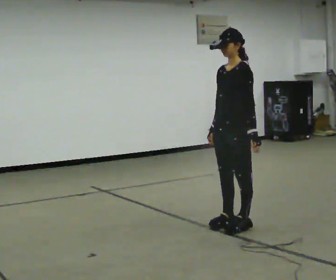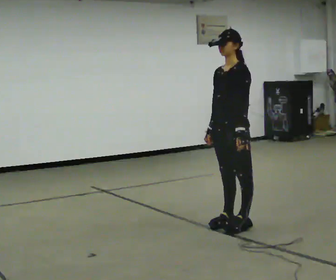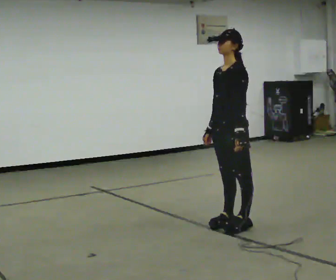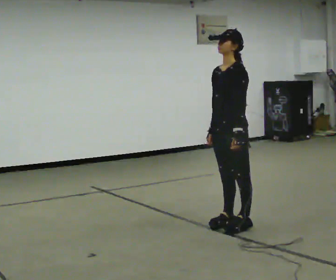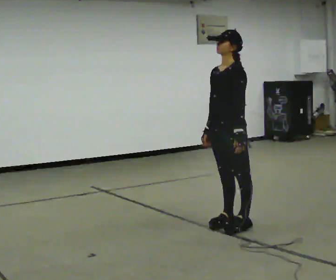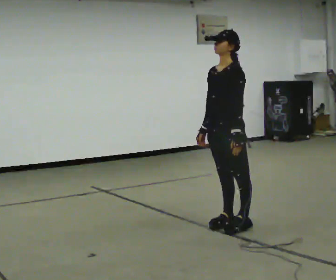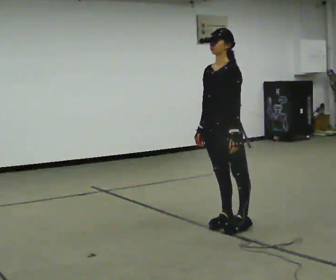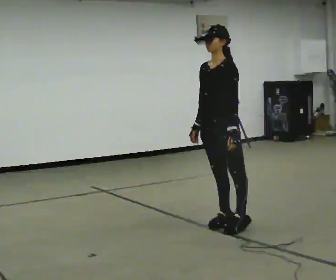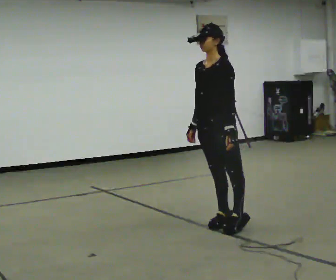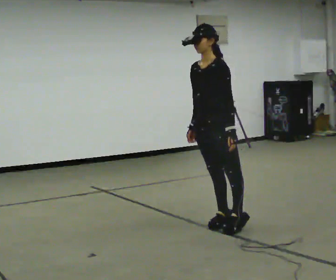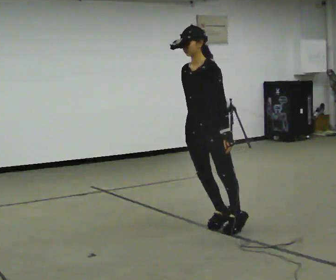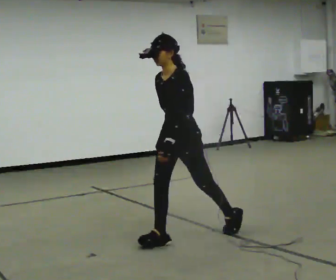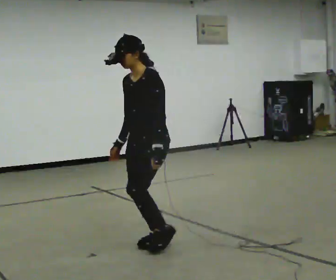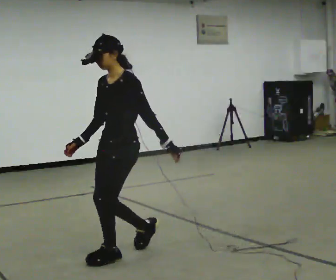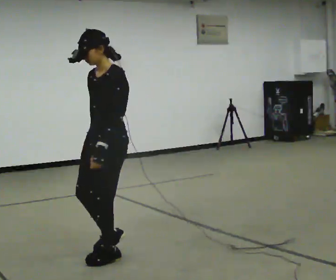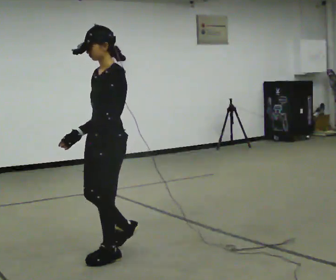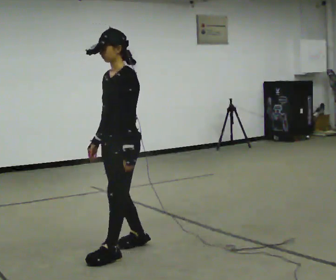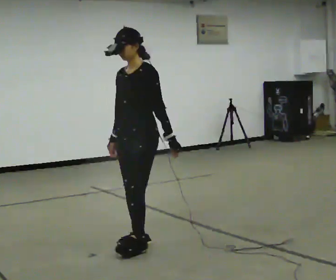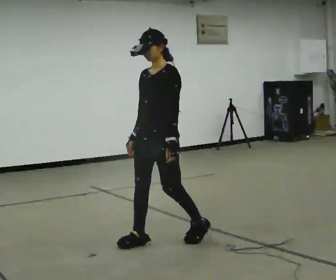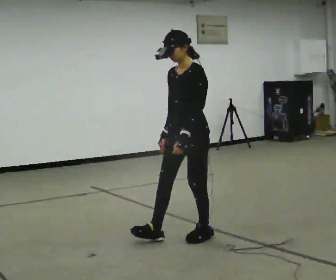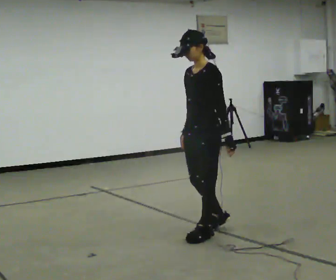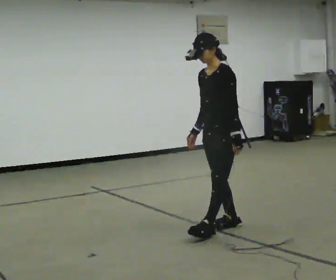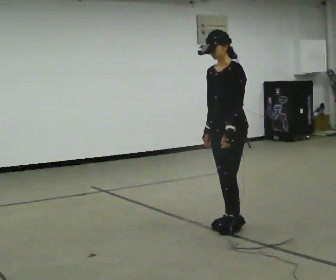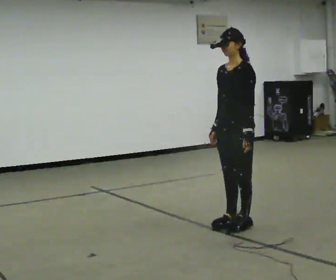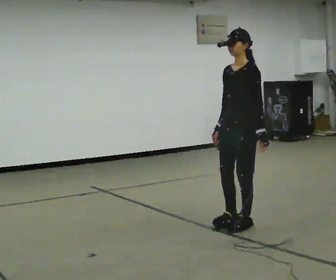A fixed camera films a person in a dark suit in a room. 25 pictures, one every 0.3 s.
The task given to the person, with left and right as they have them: Stand on the marked spots with your feet together. Lean forward from the ankles, keeping your body straight, until you cannot hold it any longer, then step forward to catch yourself. Return to the spots. Repeat at your own pace until the operator says stop. Go slowly and only as far as you are comfortable. Step whenever you need to; do not try to hold on longer than feels safe.
0.0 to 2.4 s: The person moves a little, or ends about where they began.
2.4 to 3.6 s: In the picture they go to the left and toward the camera, about 0.75 m in 1 step, which for them is forward.
3.6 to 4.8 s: In the picture they go to the left, about 0.25 m in 2 steps, which for them is forward.
4.8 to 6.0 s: In the picture they go to the right and away from the camera, about 0.5 m in 1 step, which for them is backward.
6.0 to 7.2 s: In the picture they go to the right and away from the camera, about 0.25 m in 2 steps, which for them is backward.
The film runs forward here.
